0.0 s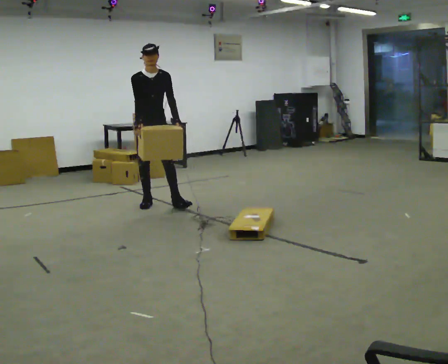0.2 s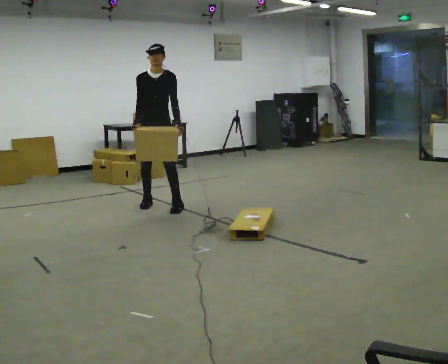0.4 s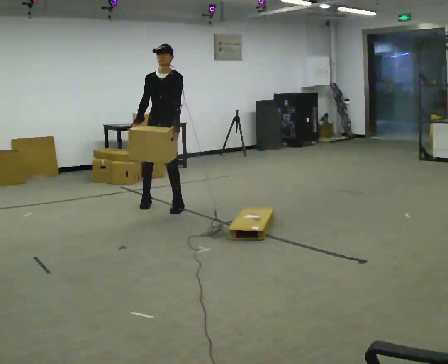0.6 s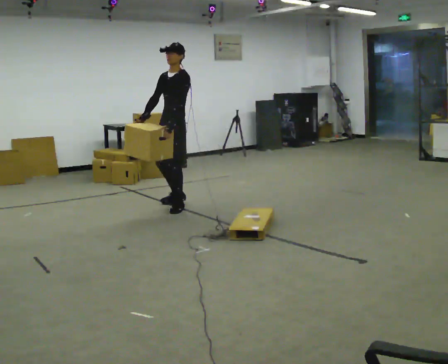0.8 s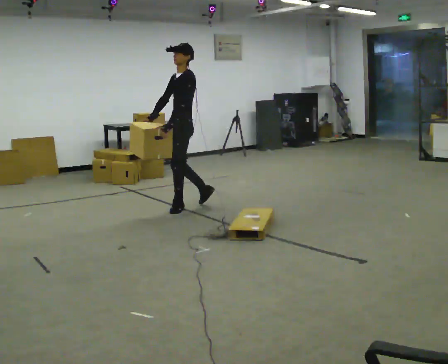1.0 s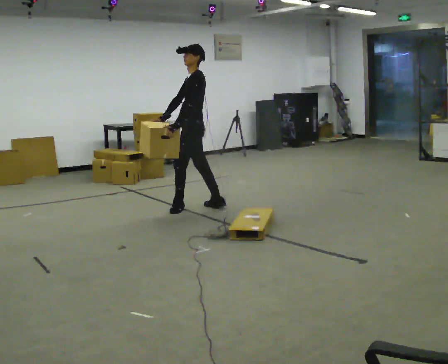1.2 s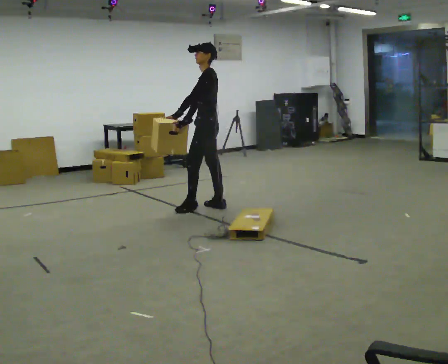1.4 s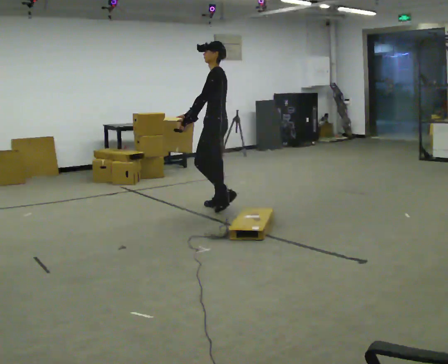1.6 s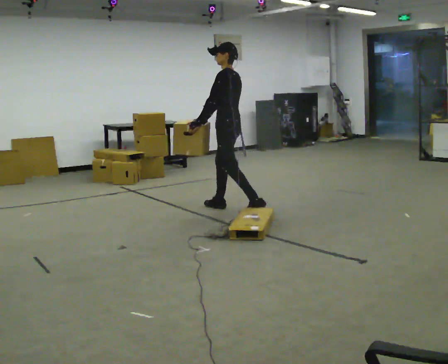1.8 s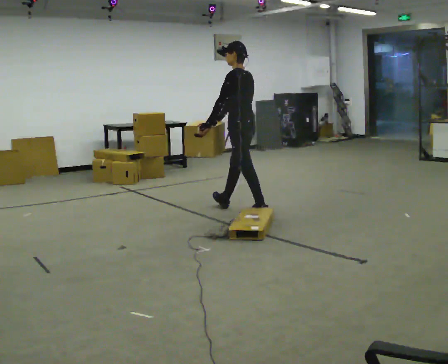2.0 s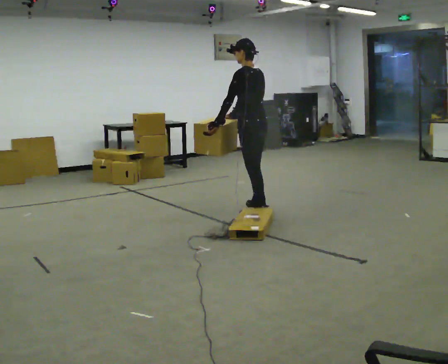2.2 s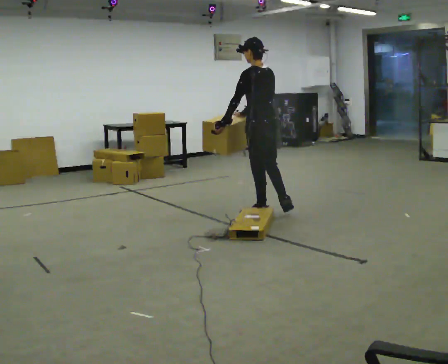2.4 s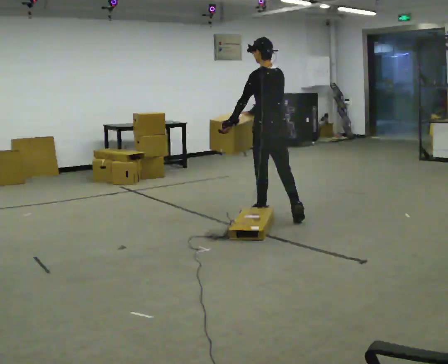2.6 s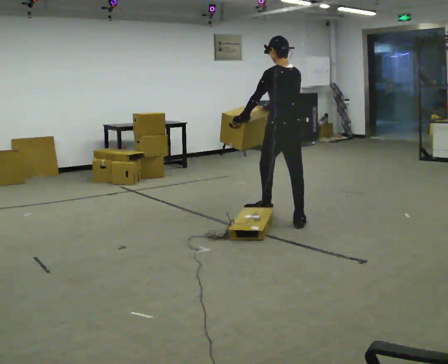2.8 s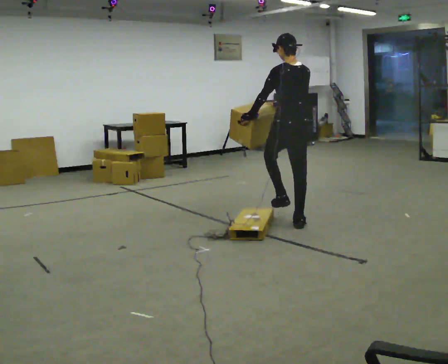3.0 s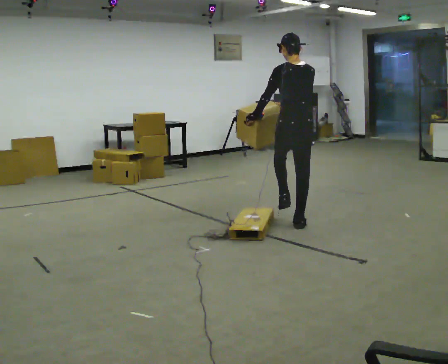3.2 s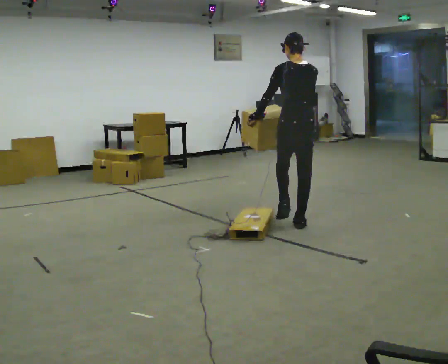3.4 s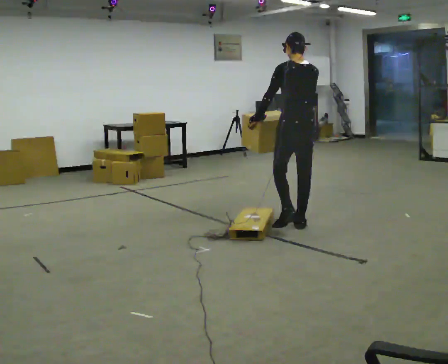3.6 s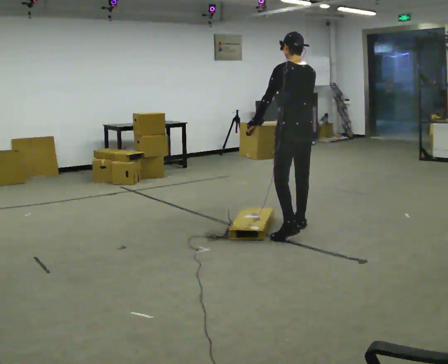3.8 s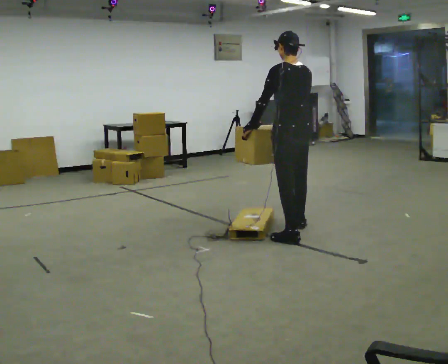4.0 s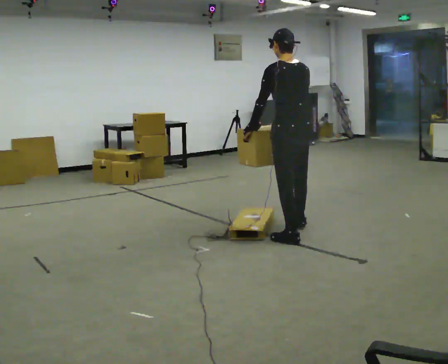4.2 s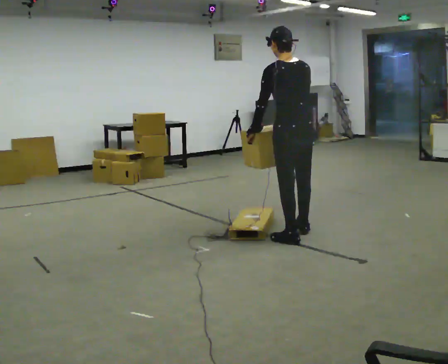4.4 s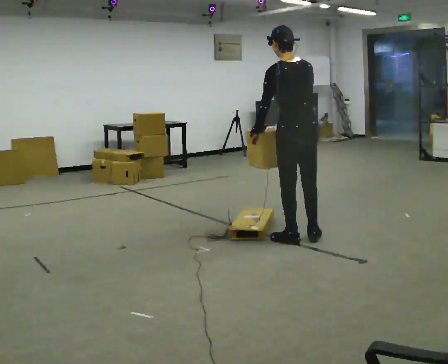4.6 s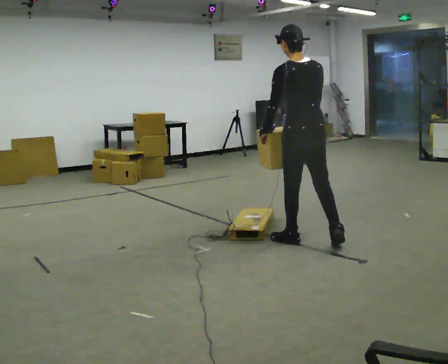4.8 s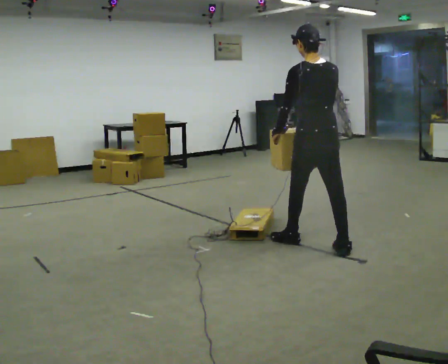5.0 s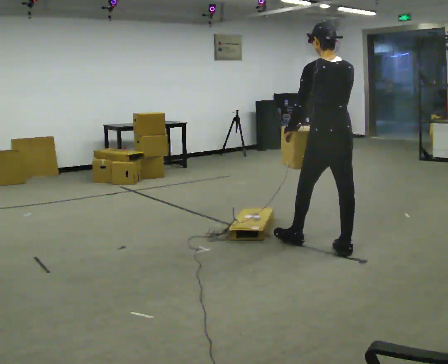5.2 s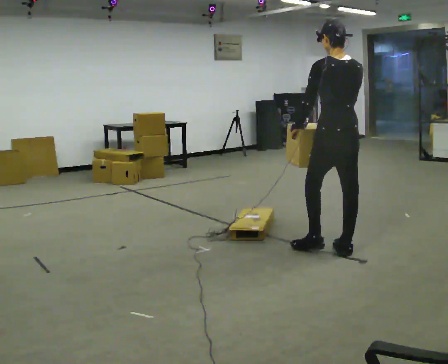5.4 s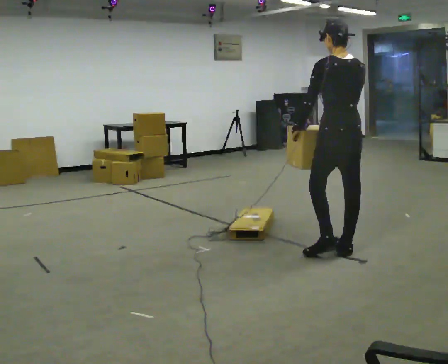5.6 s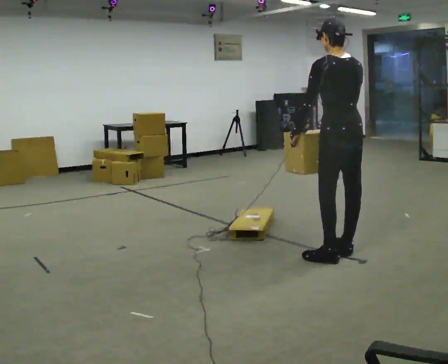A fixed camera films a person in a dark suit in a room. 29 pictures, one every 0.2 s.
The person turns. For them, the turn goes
to their right.
The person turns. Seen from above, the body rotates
clockwise.
0.0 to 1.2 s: Seen from above the body turns clockwise, about 105 degrees: to their right, with its near side sliding to the left. In the picture they go to the right, about 0.75 m in 2 steps.
1.2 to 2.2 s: The person turns about 45 degrees to their right, clockwise seen from above, so the part of the body nearest the lens slides to the left. In the picture they go to the right and toward the camera, about 0.75 m in 1 step, which for them is backward.
2.2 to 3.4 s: Seen from above the body turns clockwise, about 30 degrees: to their right, with its near side sliding to the left. In the picture they go toward the camera and to the right, about 0.5 m in 1 step, which for them is backward.
3.4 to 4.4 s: In the picture they go toward the camera, about 0.5 m in 1 step, which for them is backward and to their left.
4.4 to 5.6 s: In the picture they go to the right and toward the camera, about 0.5 m in 1 step, which for them is backward and to their right.
The film runs backward here.
